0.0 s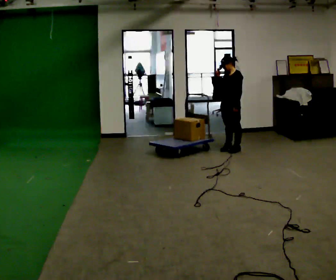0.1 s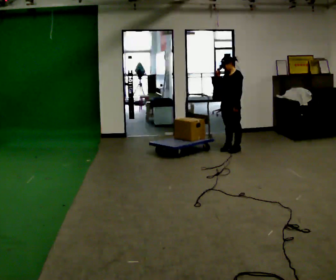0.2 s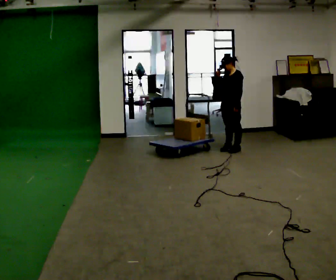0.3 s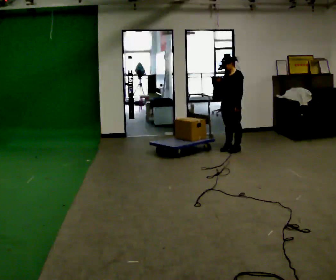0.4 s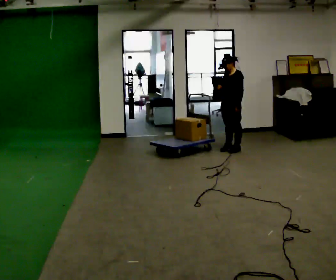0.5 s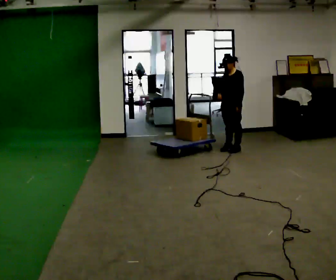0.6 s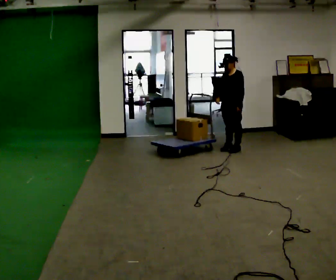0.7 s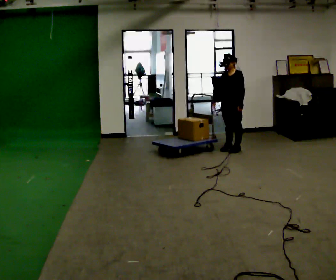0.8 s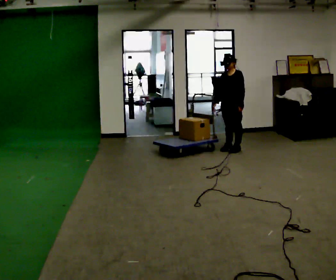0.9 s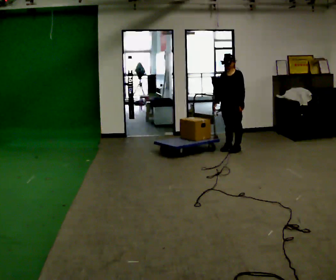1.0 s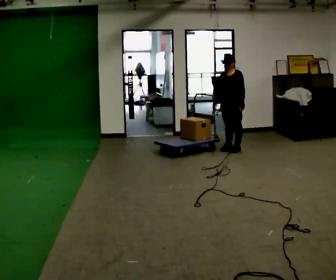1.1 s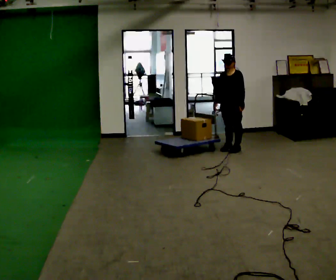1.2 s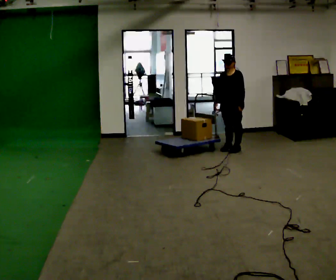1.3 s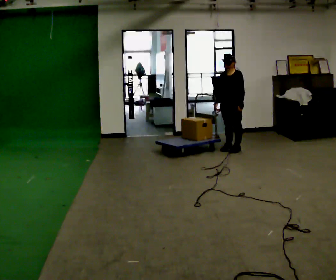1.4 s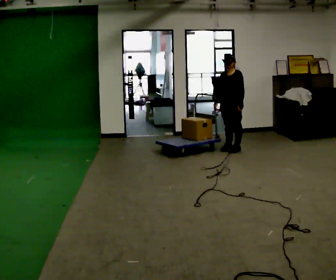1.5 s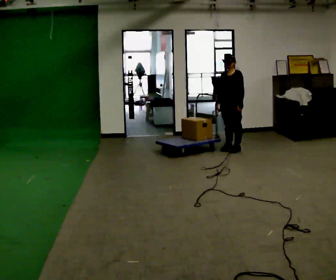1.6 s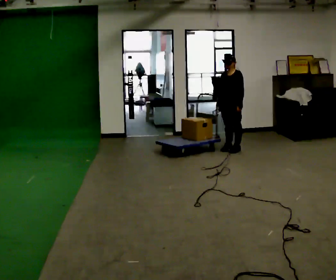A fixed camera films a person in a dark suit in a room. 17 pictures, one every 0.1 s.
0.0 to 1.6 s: In the picture their right hand goes downward.
The film runs backward here.
